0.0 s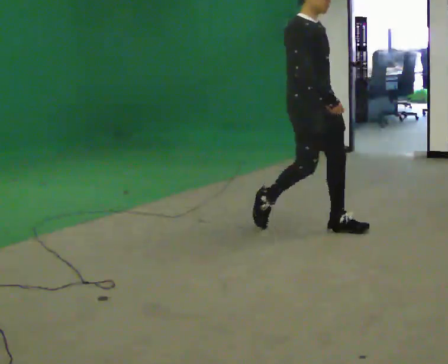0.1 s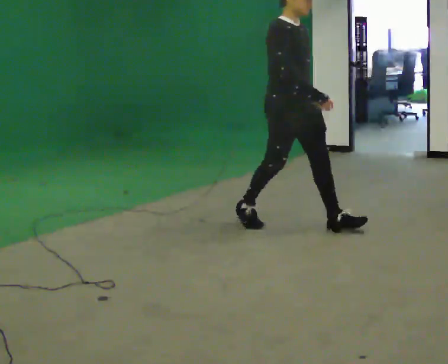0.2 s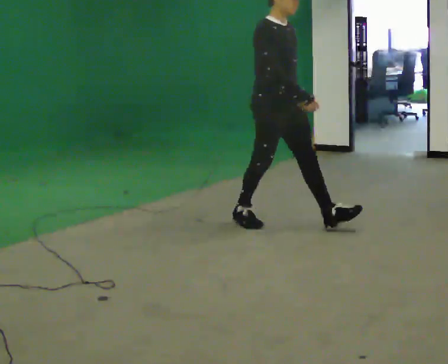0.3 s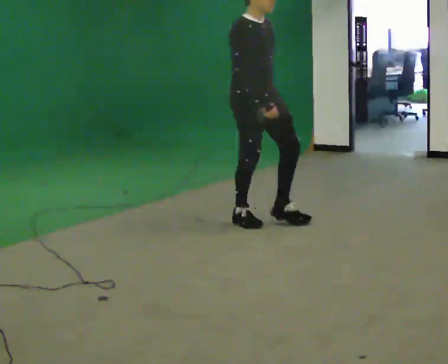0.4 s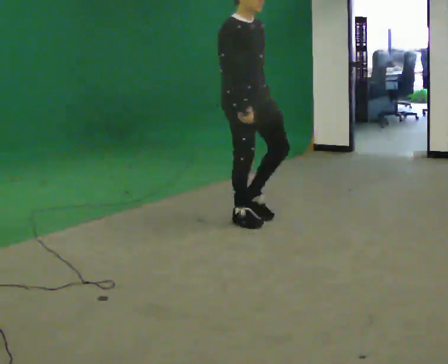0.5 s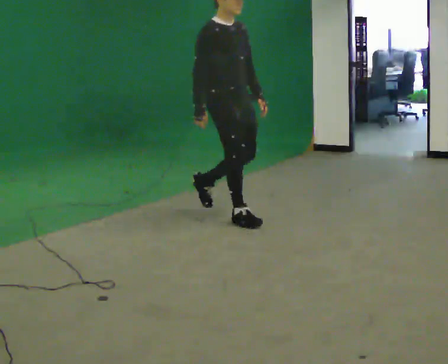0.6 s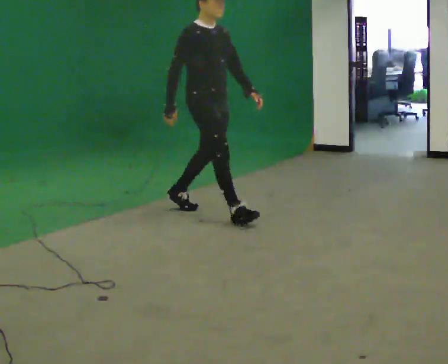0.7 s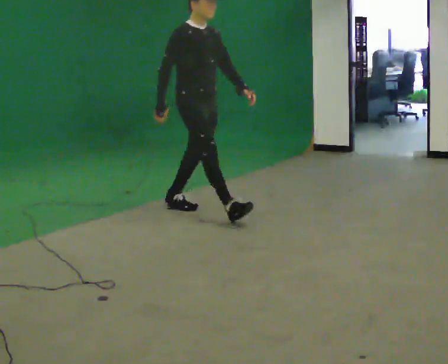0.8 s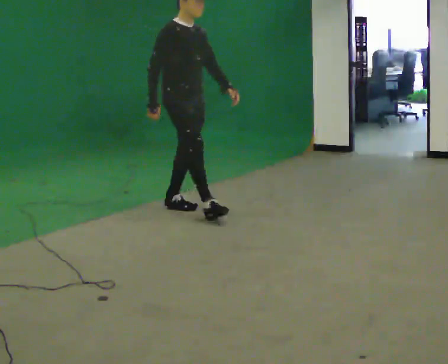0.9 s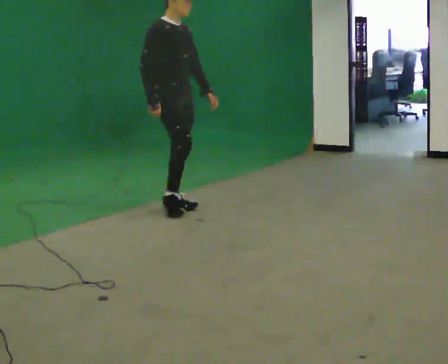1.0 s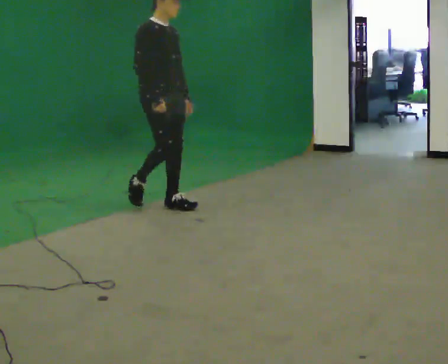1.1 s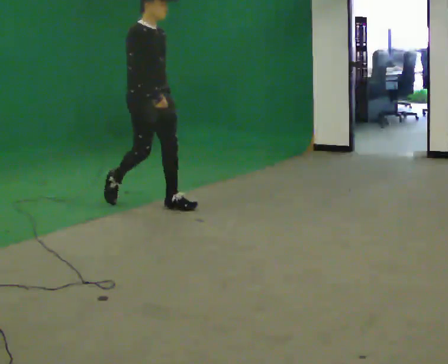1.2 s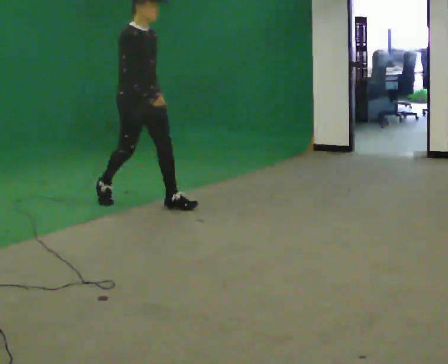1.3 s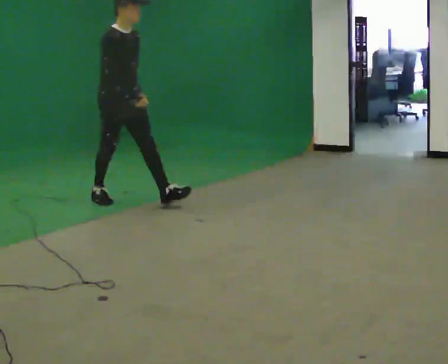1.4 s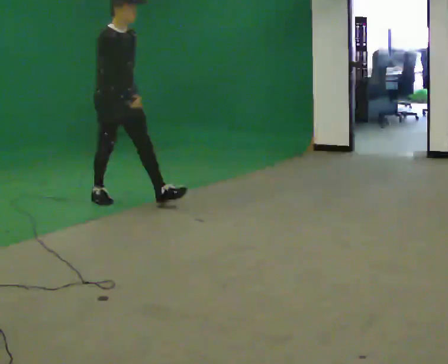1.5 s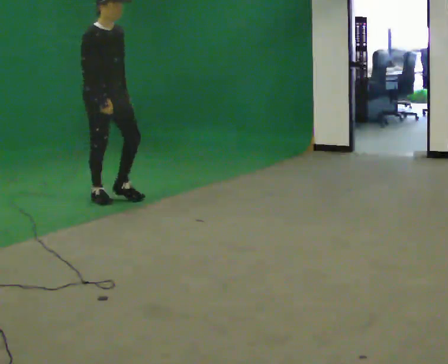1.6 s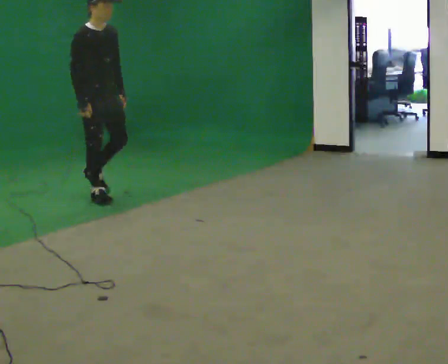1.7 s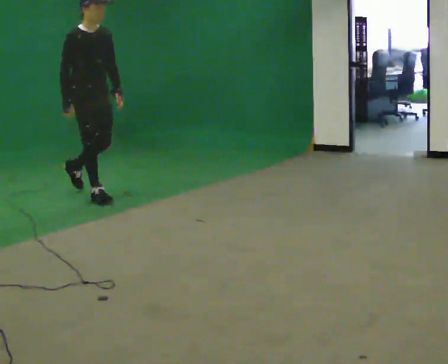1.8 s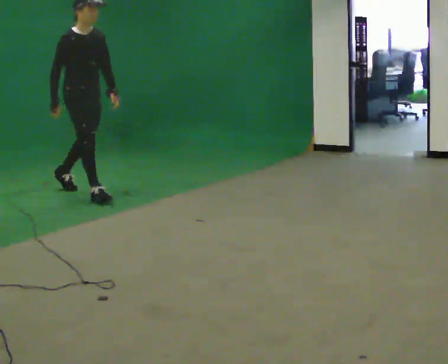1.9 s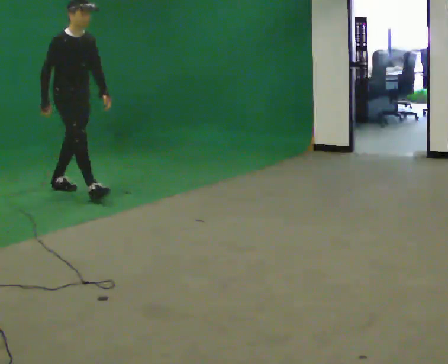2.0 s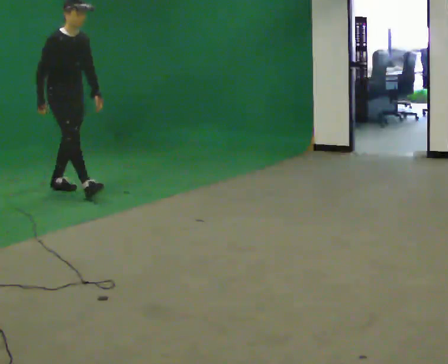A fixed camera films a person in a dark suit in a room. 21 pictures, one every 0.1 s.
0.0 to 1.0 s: In the picture they go to the left and away from the camera, about 1.5 m in 2 steps, which for them is backward.
1.0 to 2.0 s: In the picture they go to the left and away from the camera, about 1 m in 2 steps, which for them is backward.
The film runs backward here.
